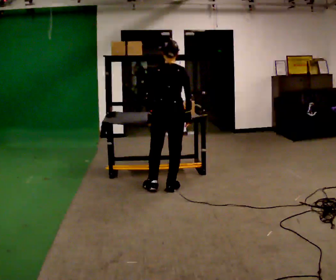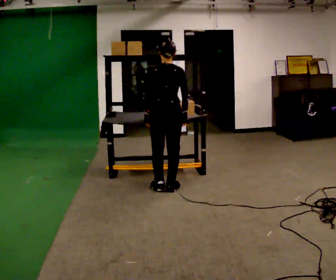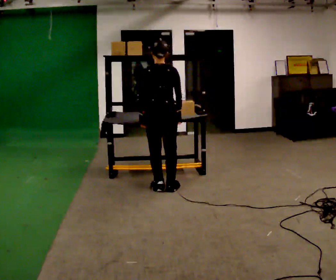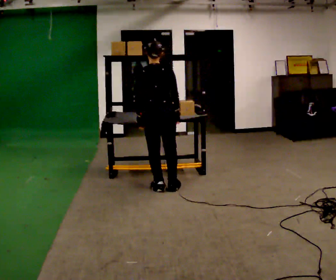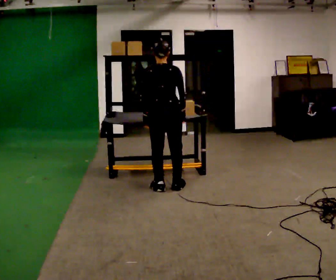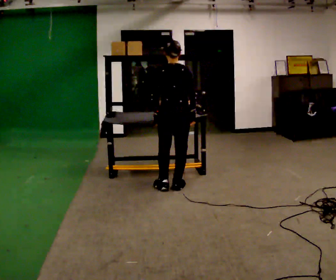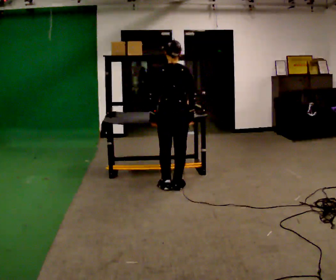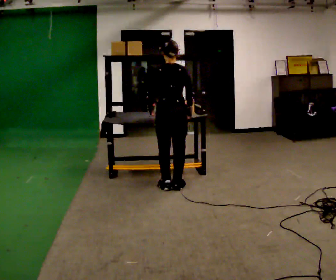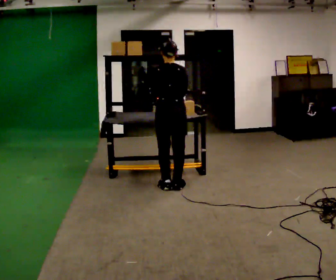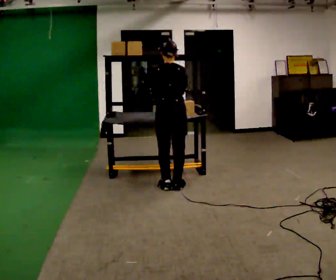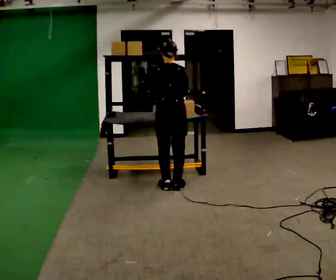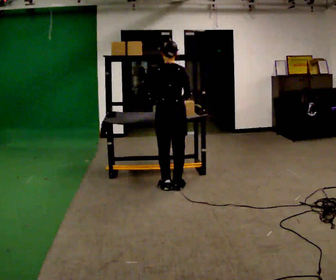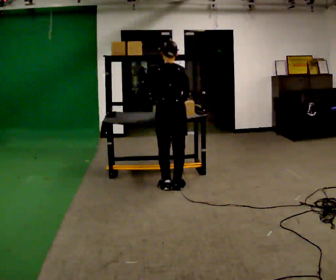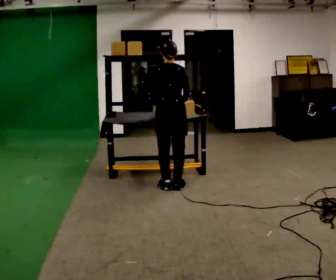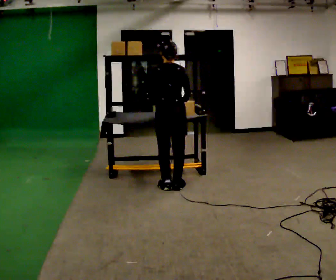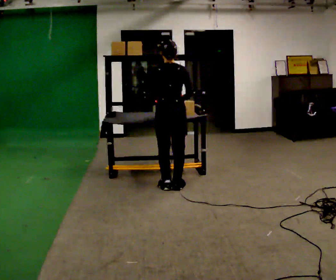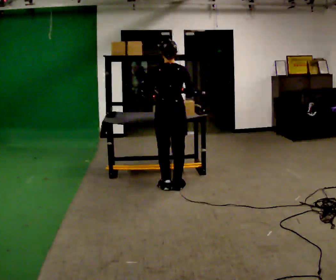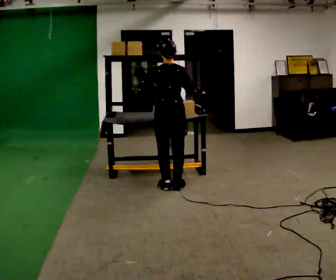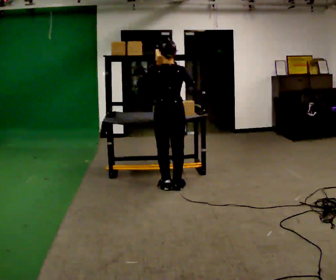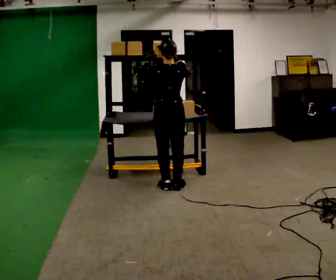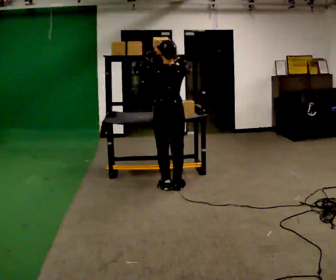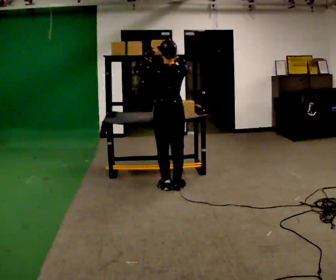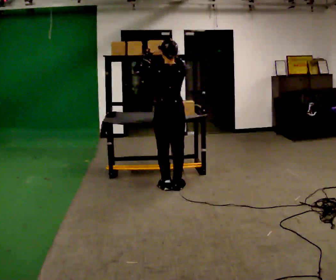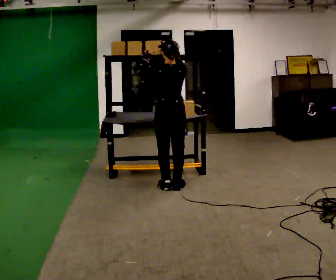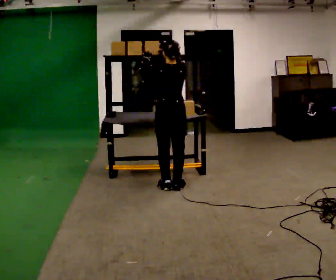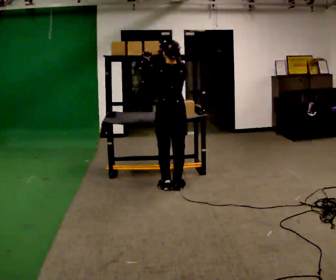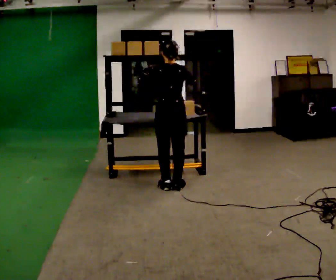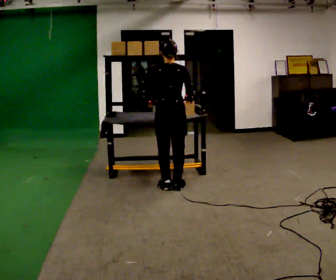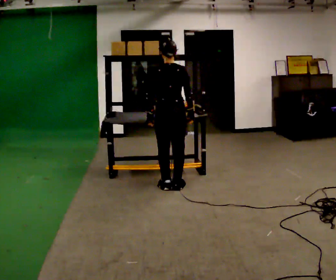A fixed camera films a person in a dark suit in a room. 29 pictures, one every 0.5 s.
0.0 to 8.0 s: The person moves a little, or ends about where they began.
8.0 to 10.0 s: In the picture their right hand goes upward.
10.0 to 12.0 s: The person moves a little, or ends about where they began.
12.0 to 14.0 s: In the picture their right hand goes downward.
The film runs forward here.
